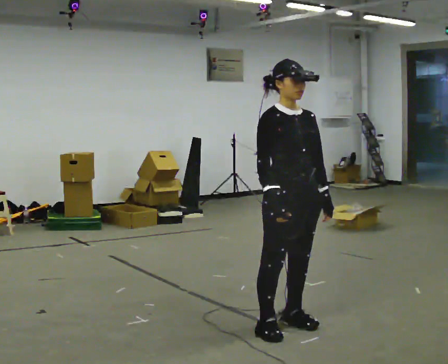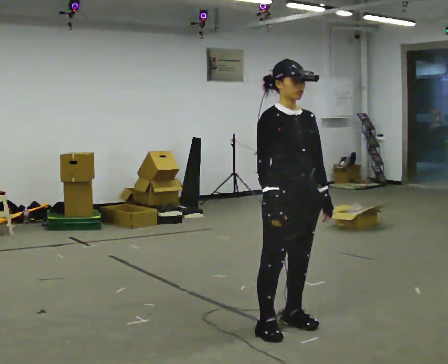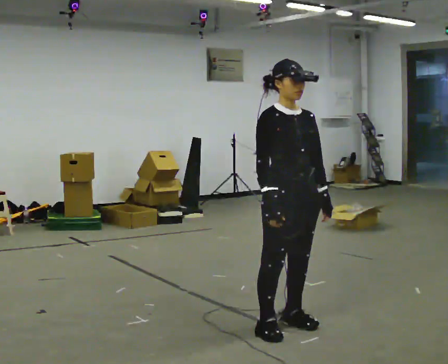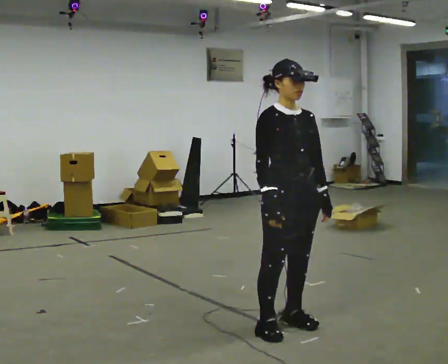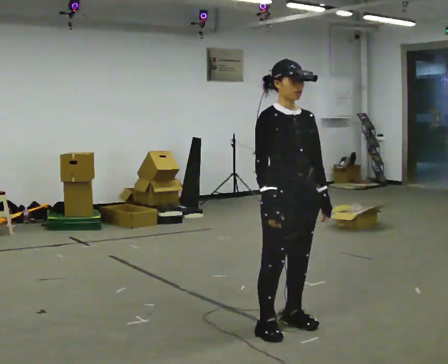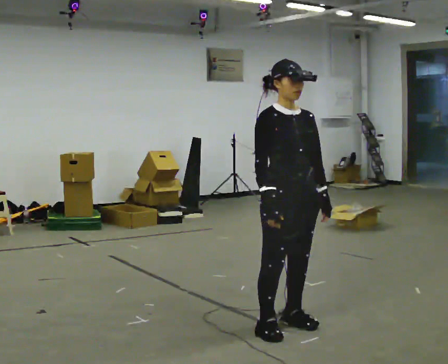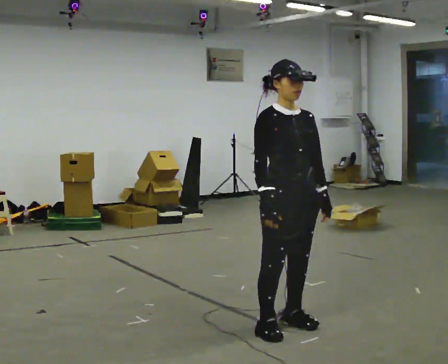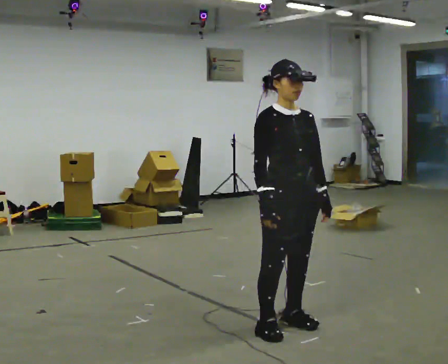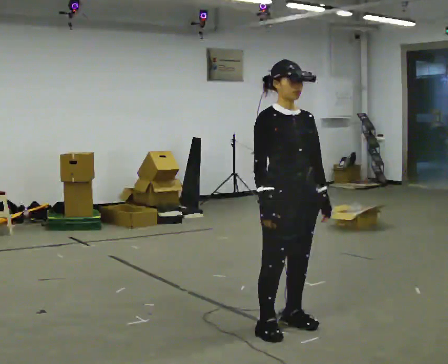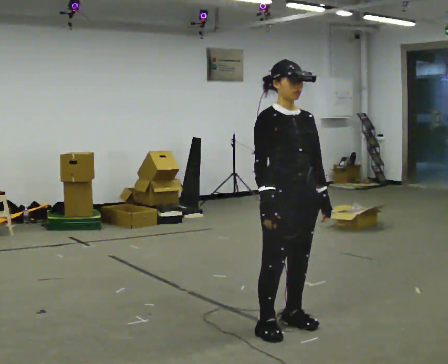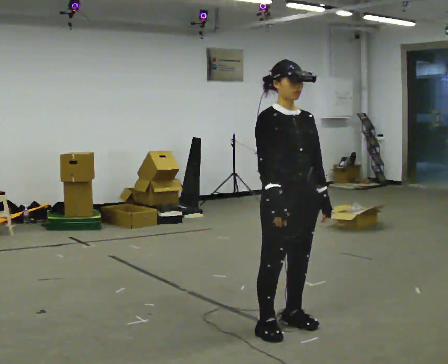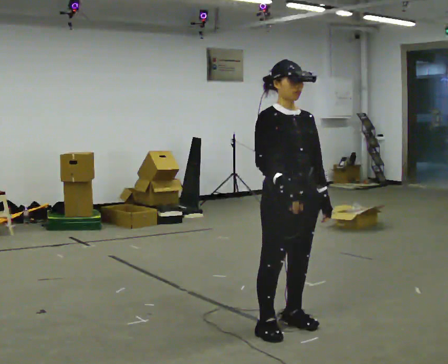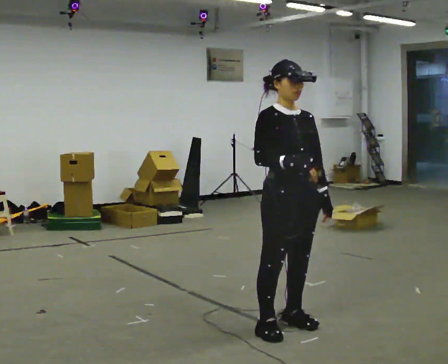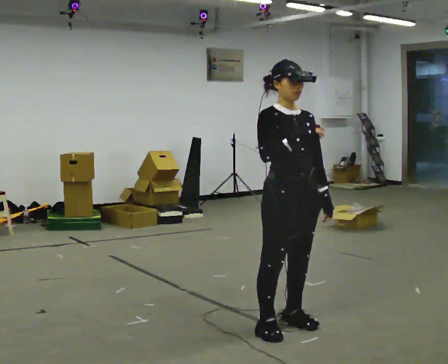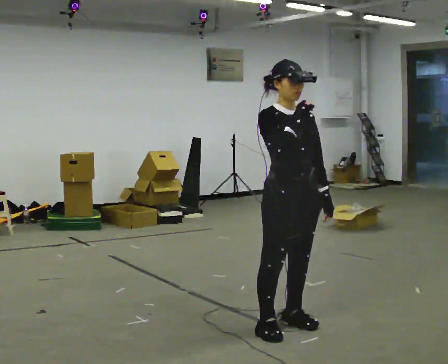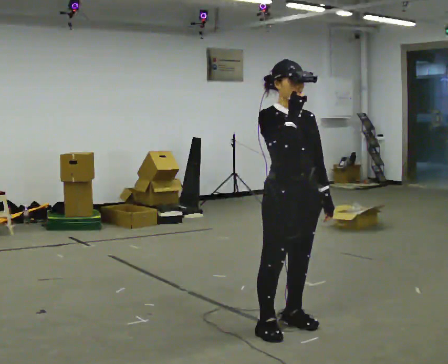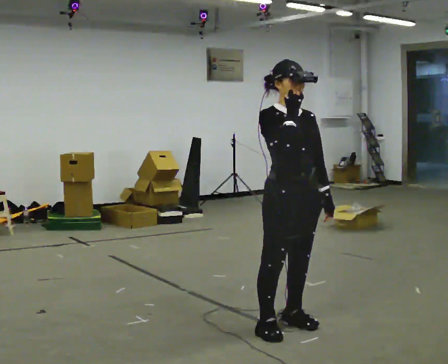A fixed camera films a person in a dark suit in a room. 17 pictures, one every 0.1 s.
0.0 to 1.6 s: In the picture their right hand goes upward.
The film runs backward here.
